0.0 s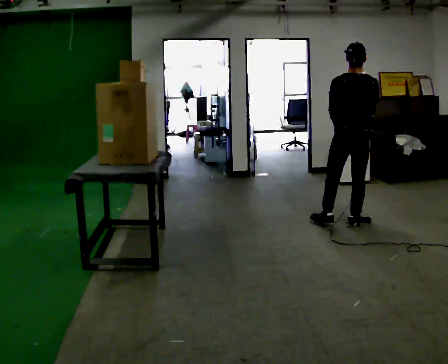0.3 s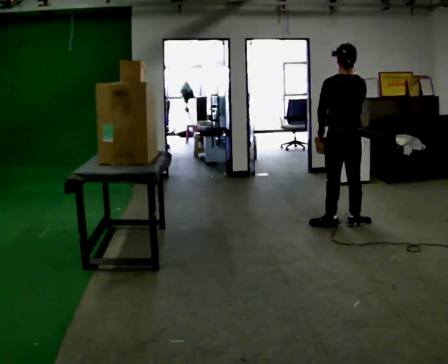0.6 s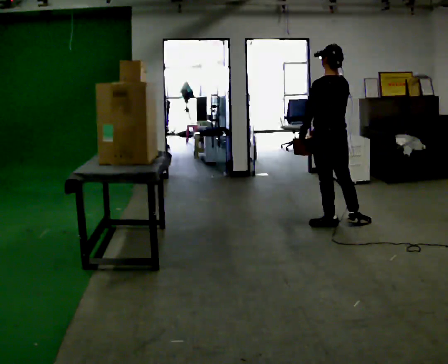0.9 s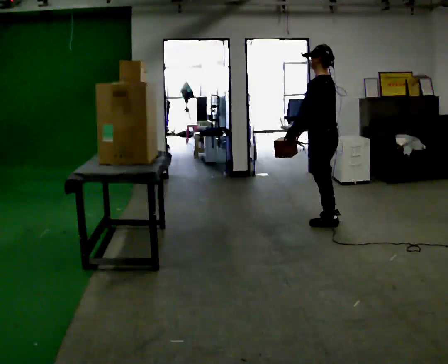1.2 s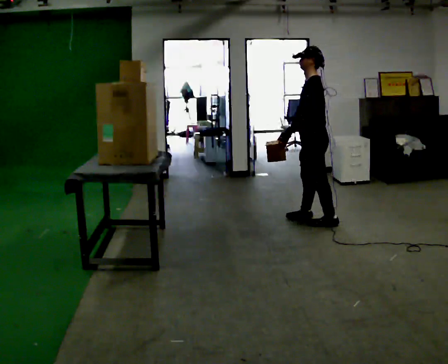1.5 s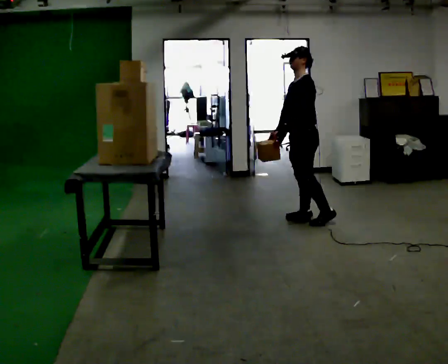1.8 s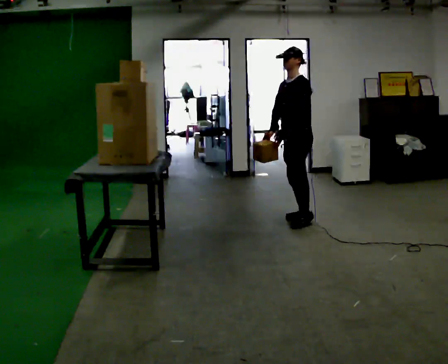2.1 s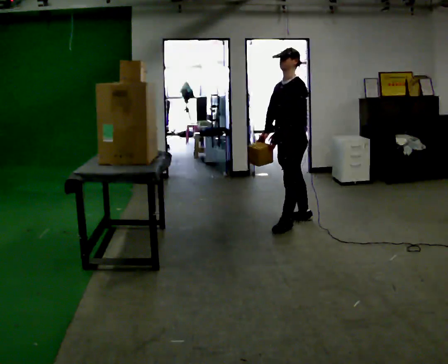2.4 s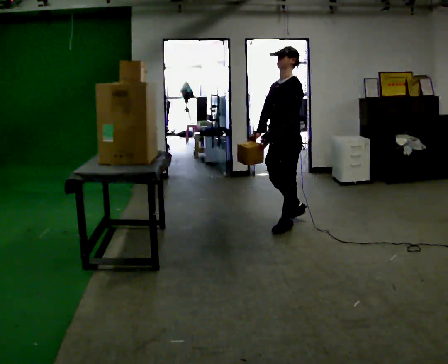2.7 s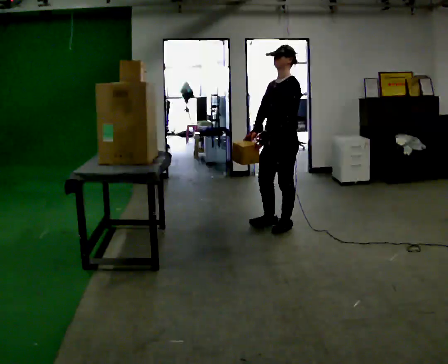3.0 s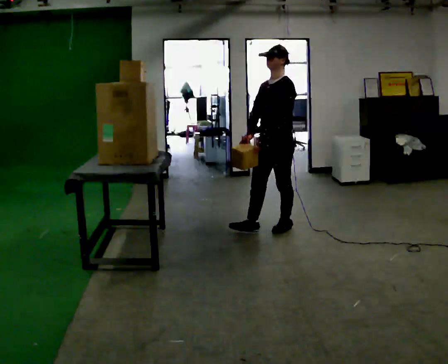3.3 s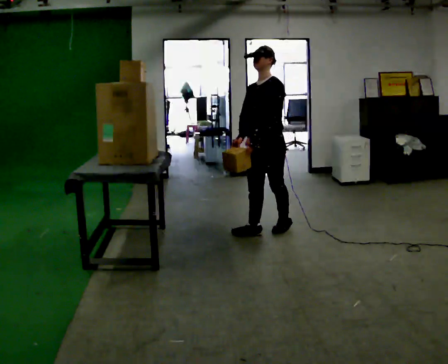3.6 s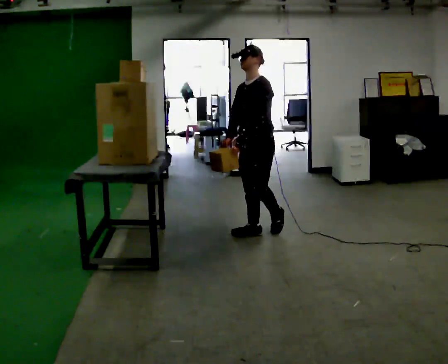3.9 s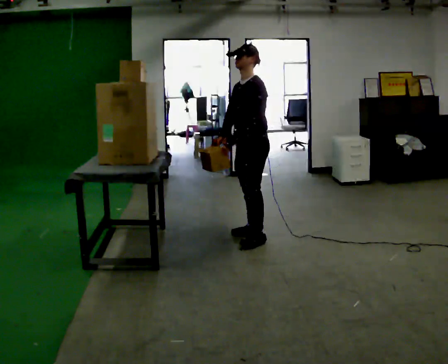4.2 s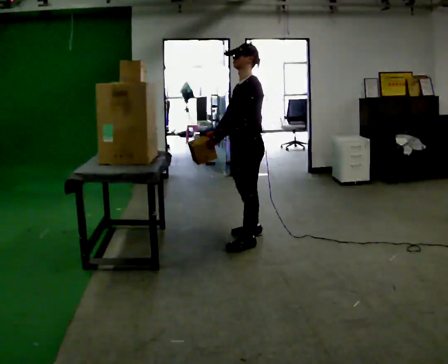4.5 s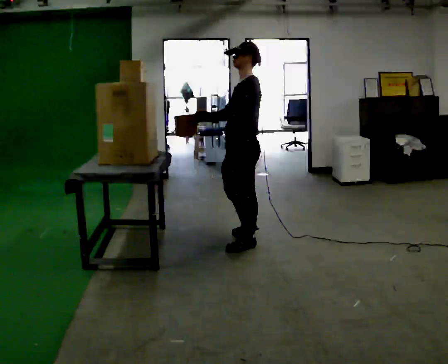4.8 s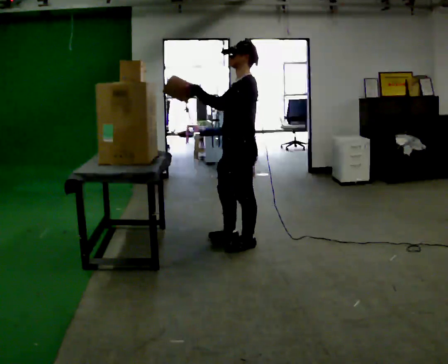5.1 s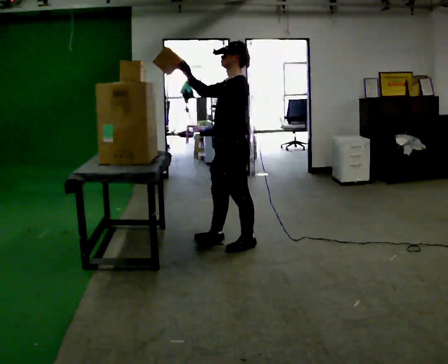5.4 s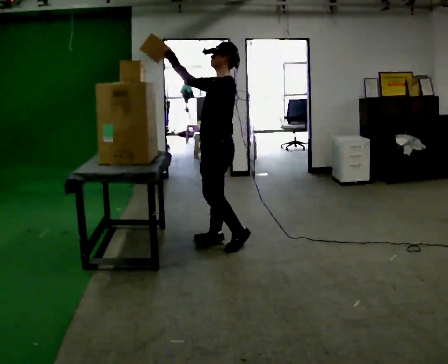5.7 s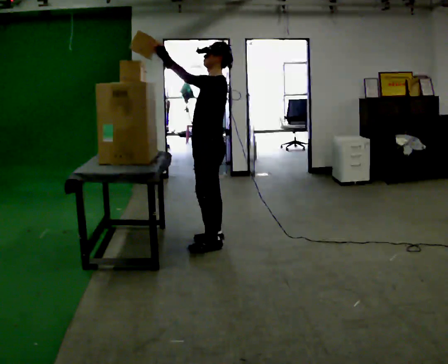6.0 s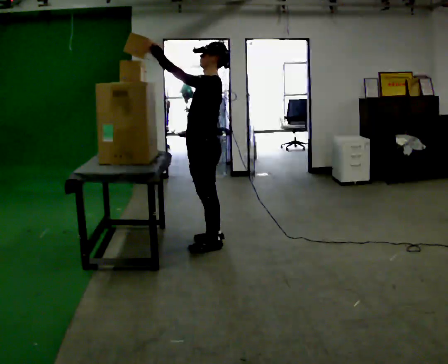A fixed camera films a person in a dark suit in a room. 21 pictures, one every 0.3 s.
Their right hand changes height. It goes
upward.
Their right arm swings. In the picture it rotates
clockwise.
0.0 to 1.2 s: Seen from above the body turns counterclockwise, about 90 degrees: to their left, with its near side sliding to the right. In the picture they go to the left and away from the camera, about 0.25 m in 1 step.
1.2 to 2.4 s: Seen from above the body turns counterclockwise, about 30 degrees: to their left, with its near side sliding to the right. In the picture they go to the left, about 0.25 m in 1 step, which for them is forward.
2.4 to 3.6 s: In the picture they go to the left and toward the camera, about 0.25 m in 1 step, which for them is forward.
3.6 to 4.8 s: The part of the body nearest the lens slides to the left as the person turns to their right by about 30 degrees. In the picture they go toward the camera, about 0.5 m in 1 step, which for them is forward and to their left. In the picture their right hand goes upward, the arm swinging clockwise.
4.8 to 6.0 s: In the picture they go to the left, about 0.25 m in 2 steps, which for them is forward. In the picture their right hand goes upward.
The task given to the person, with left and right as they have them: Take an object from the lowest shelf, carry it across the room, and place it on the highest shelf you can comfortably reach. Keep going until the operator says stop; one object at a time, and do not rush between trips.
The film runs forward here.
